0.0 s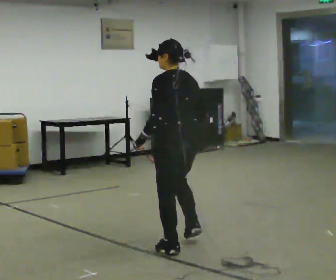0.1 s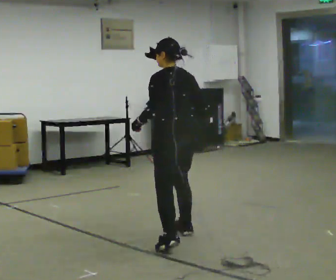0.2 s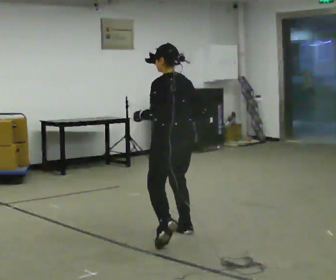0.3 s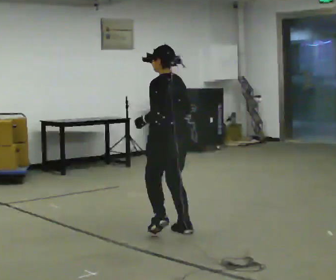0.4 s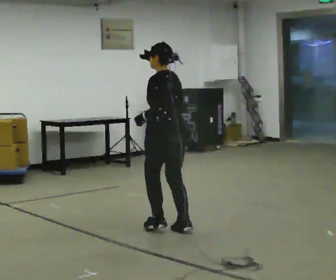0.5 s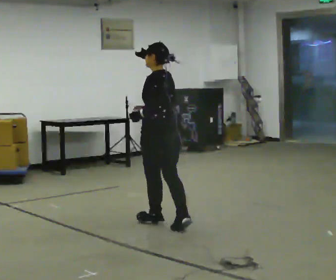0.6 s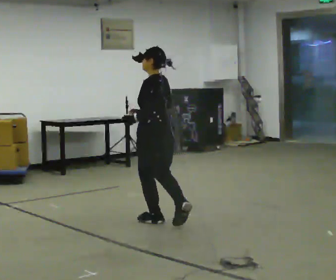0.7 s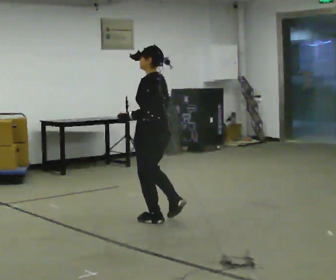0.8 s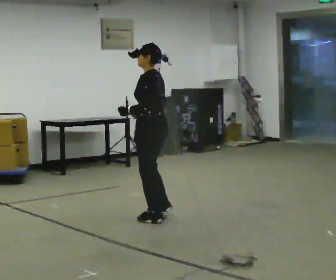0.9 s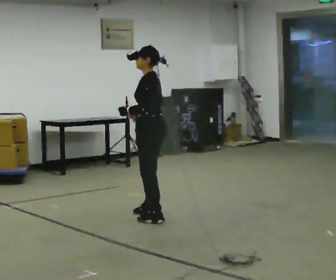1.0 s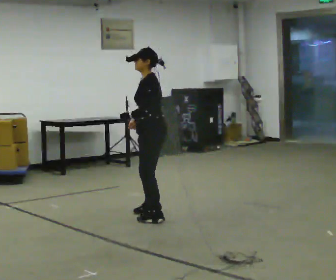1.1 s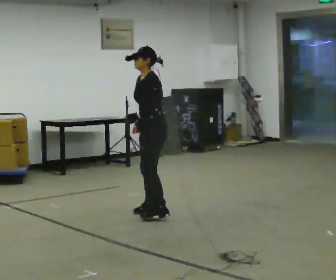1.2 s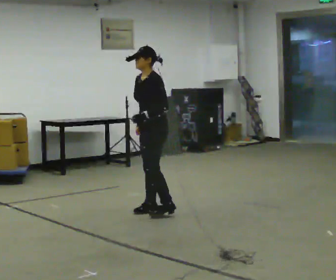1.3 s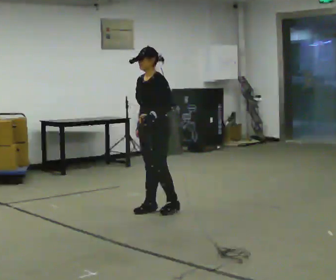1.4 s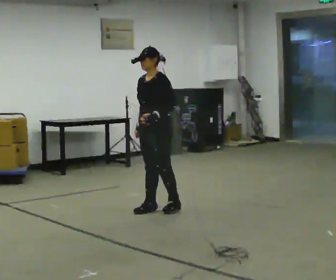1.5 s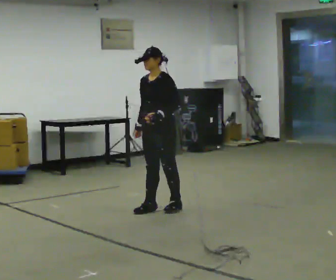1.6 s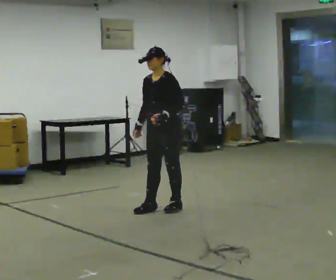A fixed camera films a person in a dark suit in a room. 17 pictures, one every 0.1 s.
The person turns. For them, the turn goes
to their left.
The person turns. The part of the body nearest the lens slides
to the right.
0.0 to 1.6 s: Seen from above the body turns counterclockwise, about 90 degrees: to their left, with its near side sliding to the right. In the picture they go away from the camera, about 1.5 m in 4 steps.
The film runs forward here.
